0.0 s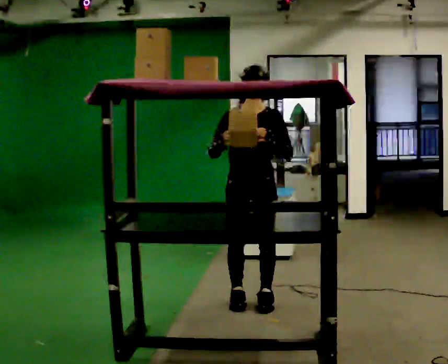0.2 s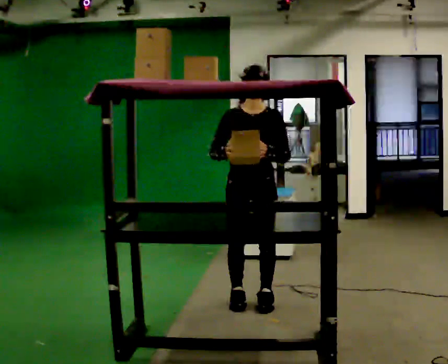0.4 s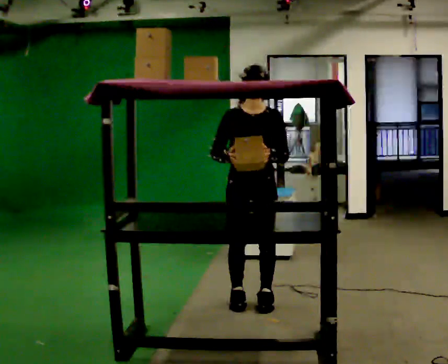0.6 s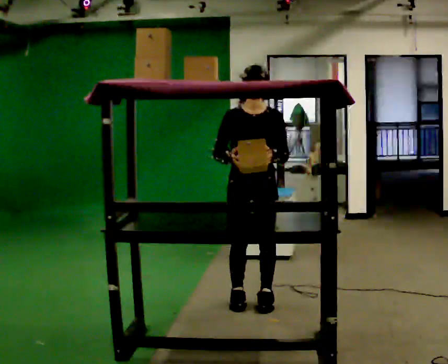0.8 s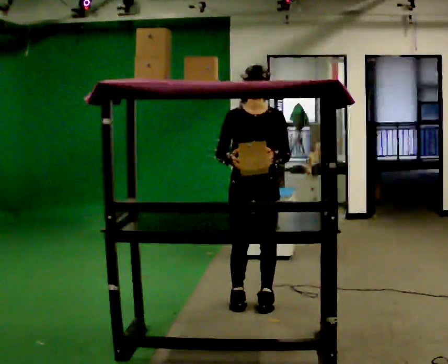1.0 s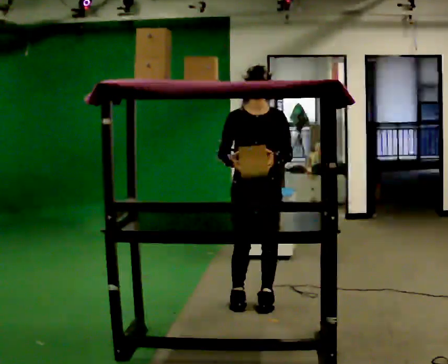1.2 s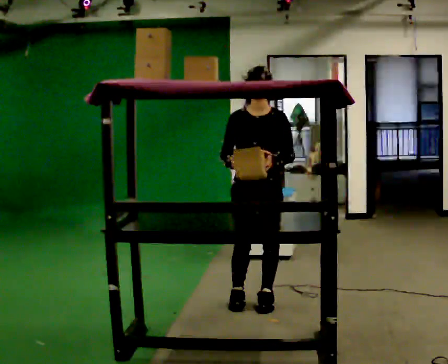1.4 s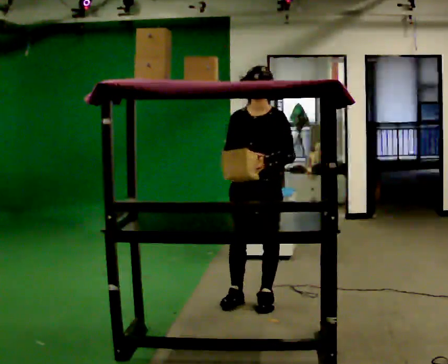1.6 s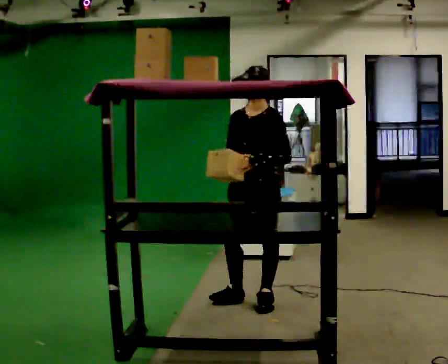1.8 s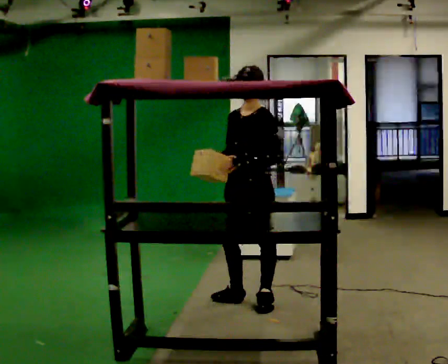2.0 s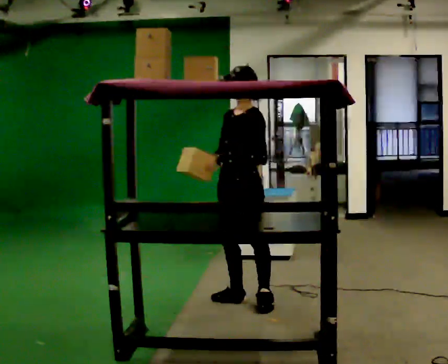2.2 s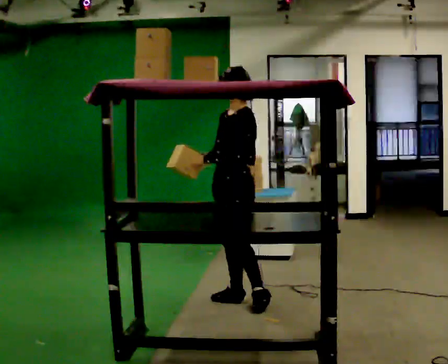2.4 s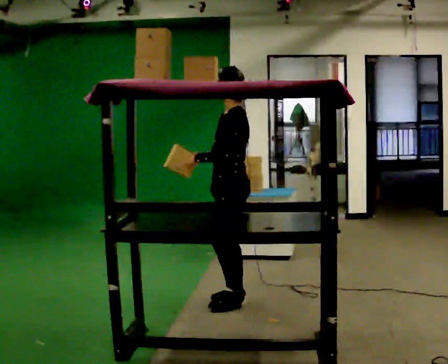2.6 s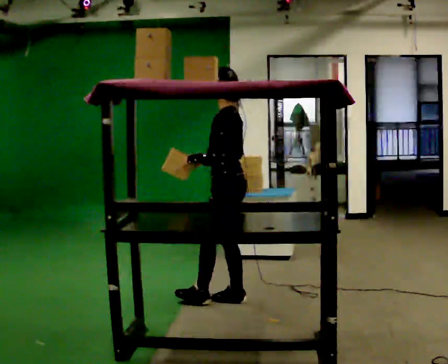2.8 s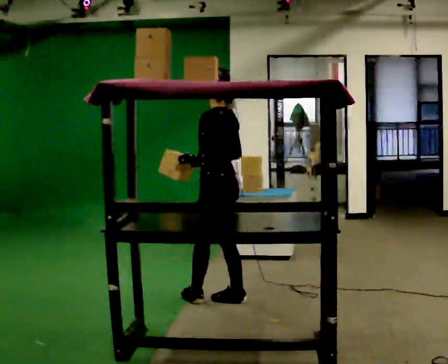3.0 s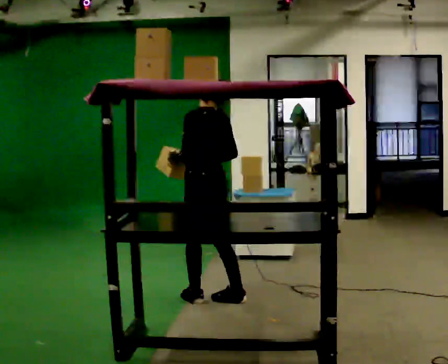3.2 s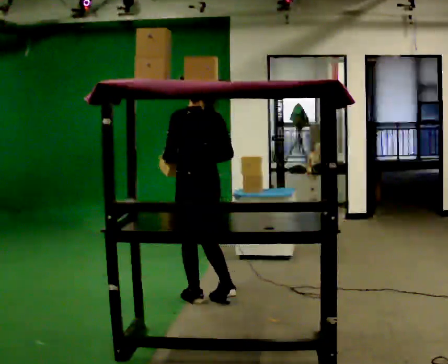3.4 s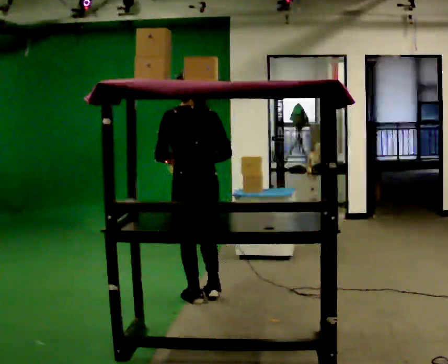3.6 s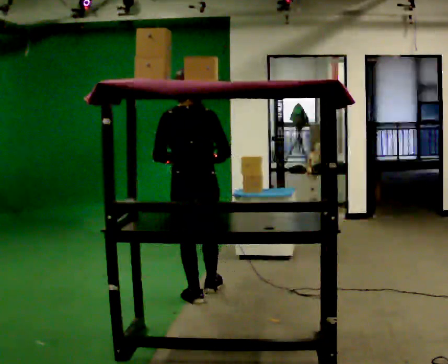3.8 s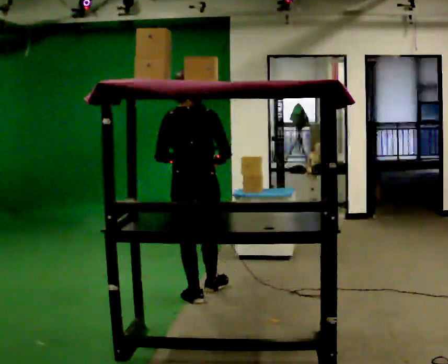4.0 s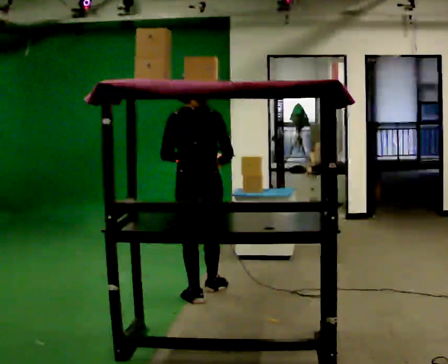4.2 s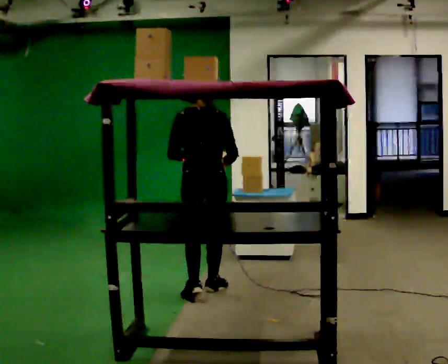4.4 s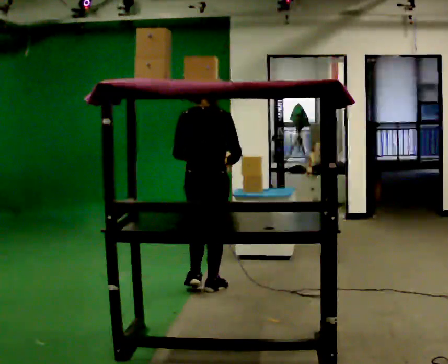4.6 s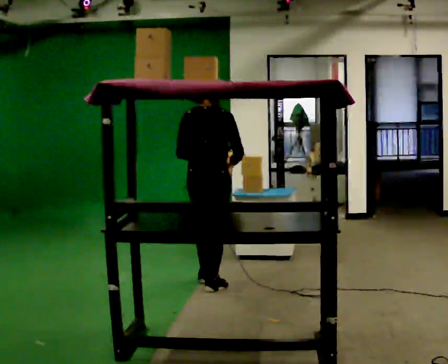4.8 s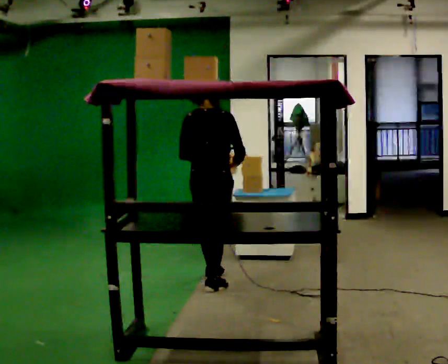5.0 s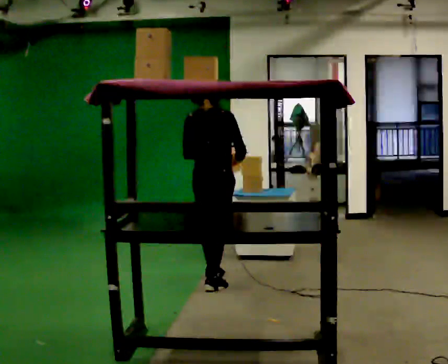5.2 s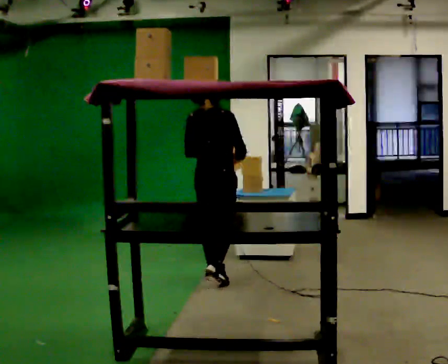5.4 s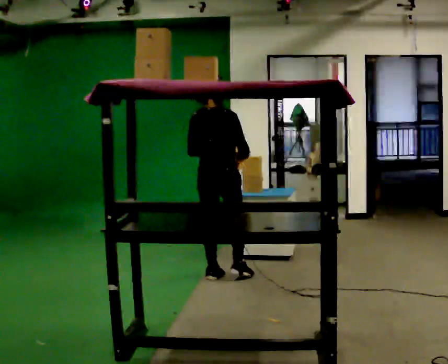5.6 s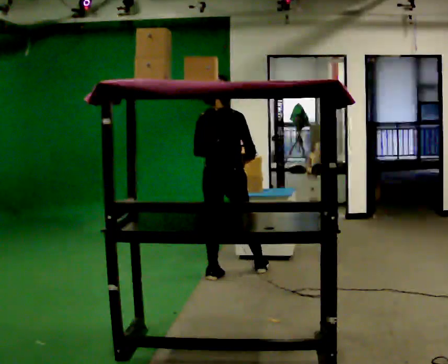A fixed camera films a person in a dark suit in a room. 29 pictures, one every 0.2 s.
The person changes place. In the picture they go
away from the camera.
The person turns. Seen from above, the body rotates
clockwise.
0.0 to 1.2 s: The person moves a little, or ends about where they began.
1.2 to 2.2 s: Seen from above the body turns clockwise, about 60 degrees: to their right, with its near side sliding to the left. In the picture their left hand goes to the left.
2.2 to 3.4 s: The person turns about 90 degrees to their right, clockwise seen from above, so the part of the body nearest the lens slides to the left. In the picture they go to the left, about 0.25 m in 1 step.
3.4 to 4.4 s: In the picture they go away from the camera, about 0.25 m in 1 step, which for them is forward.
4.4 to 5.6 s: In the picture they go away from the camera, about 0.5 m in 1 step, which for them is forward.
The film runs forward here.
